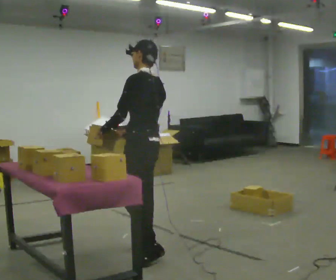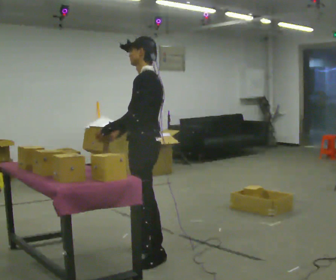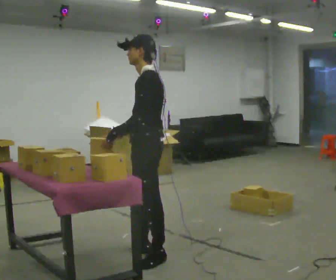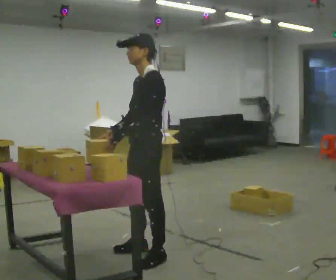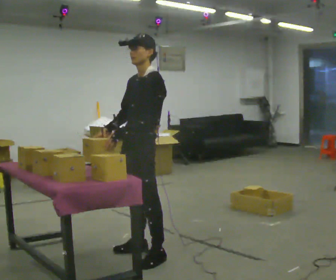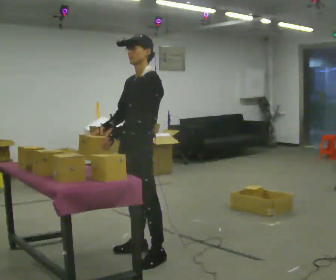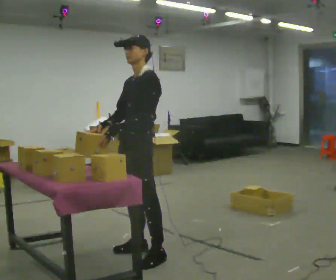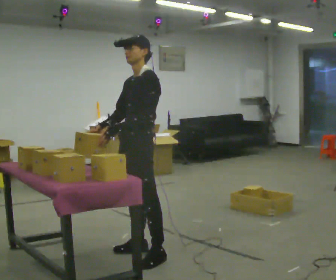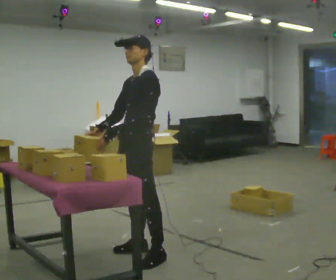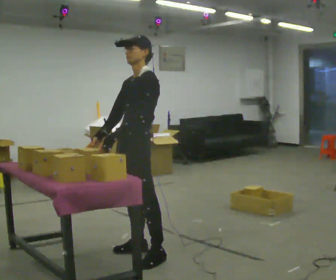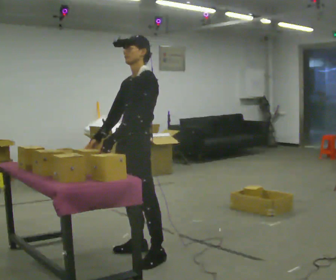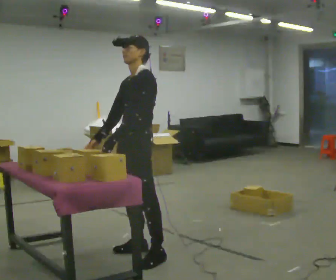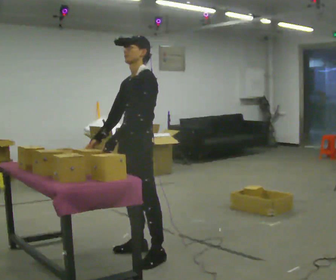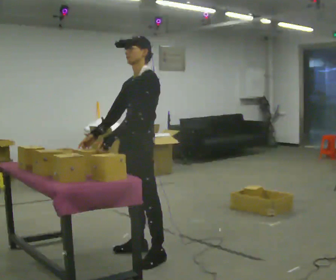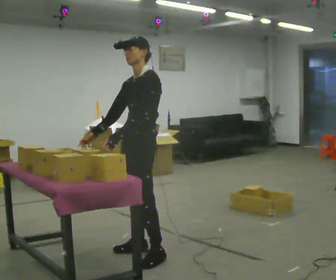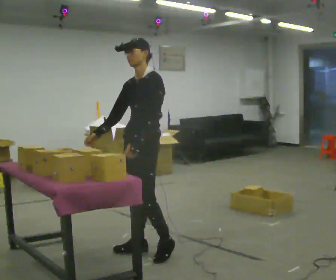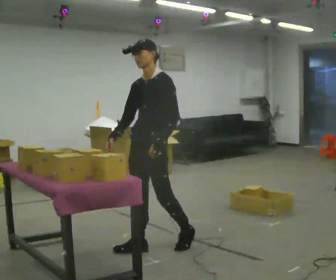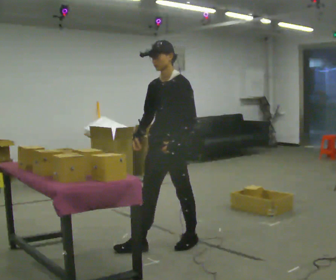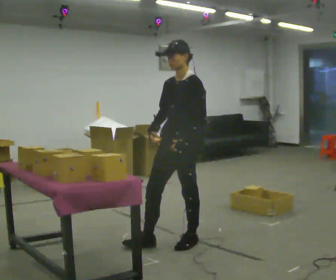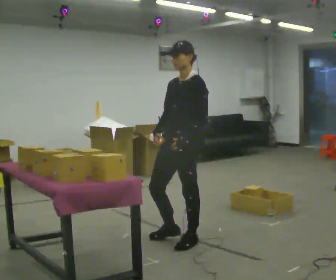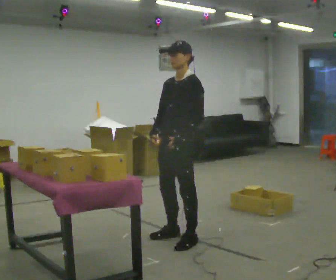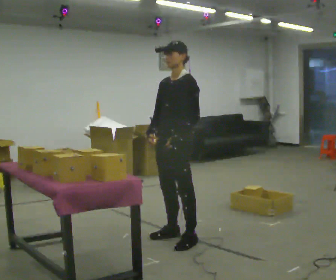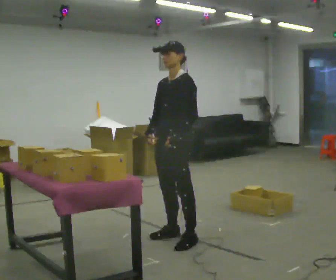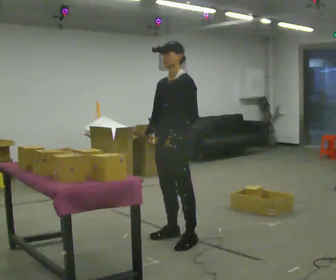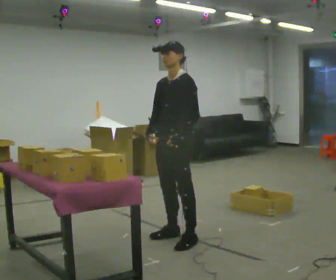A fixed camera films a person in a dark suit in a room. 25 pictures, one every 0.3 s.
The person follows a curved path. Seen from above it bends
clockwise.
0.0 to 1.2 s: Seen from above the body turns counterclockwise, about 45 degrees: to their left, with its near side sliding to the right. In the picture they go toward the camera, about 0.25 m, which for them is to their left.
1.2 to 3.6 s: The person moves a little, or ends about where they began.
3.6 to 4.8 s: In the picture they go away from the camera, about 0.25 m in 1 step, which for them is backward and to their right. In the picture their left hand goes to the right.
4.8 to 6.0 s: In the picture they go to the right, about 0.25 m in 1 step, which for them is backward.
6.0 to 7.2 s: The person moves a little, or ends about where they began.
The film runs backward here.
